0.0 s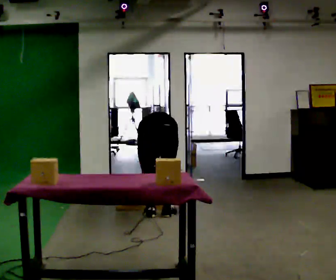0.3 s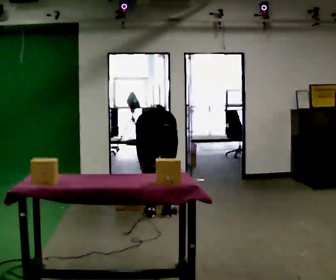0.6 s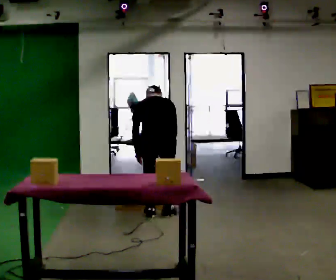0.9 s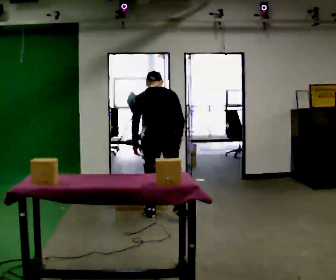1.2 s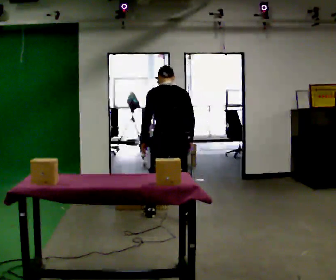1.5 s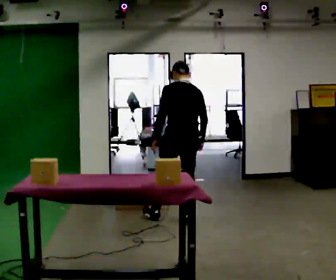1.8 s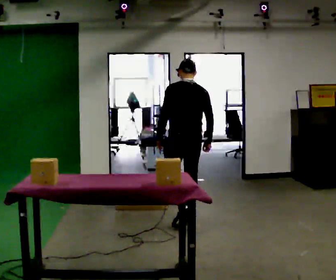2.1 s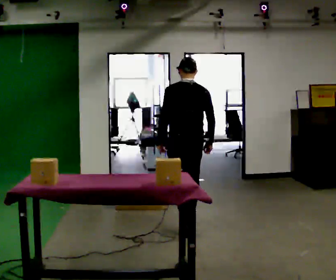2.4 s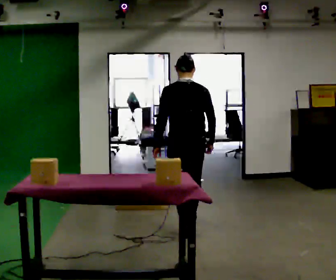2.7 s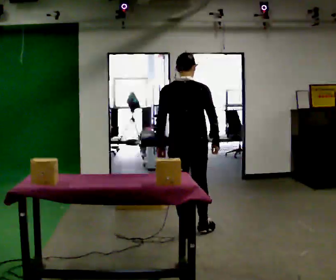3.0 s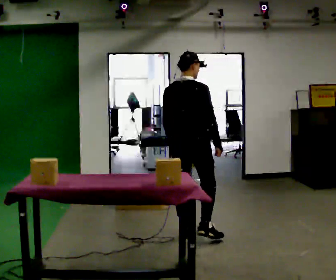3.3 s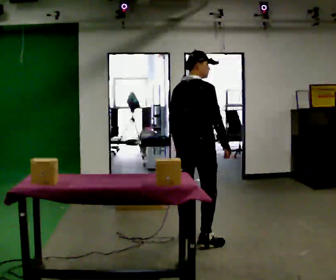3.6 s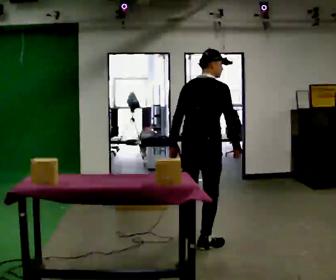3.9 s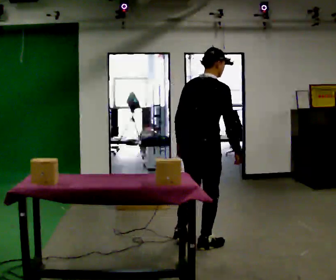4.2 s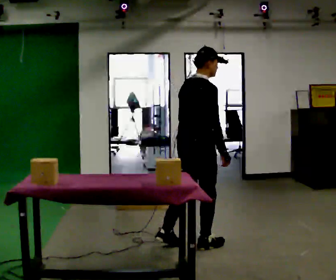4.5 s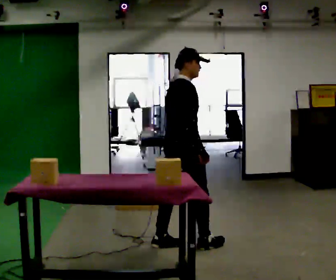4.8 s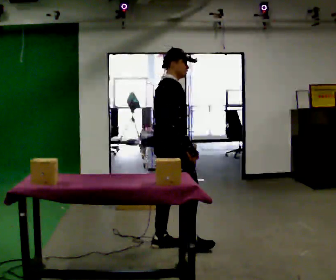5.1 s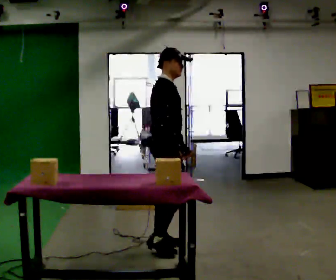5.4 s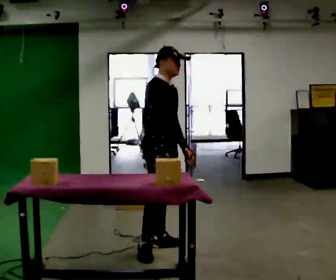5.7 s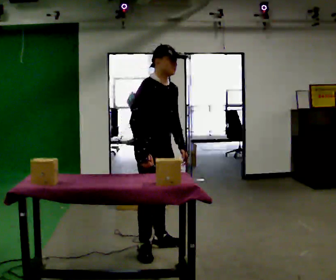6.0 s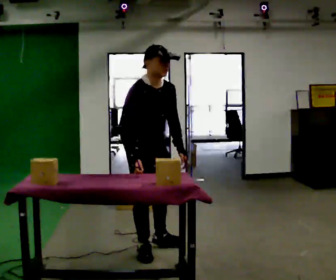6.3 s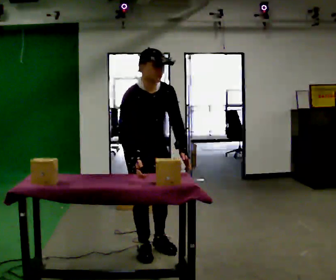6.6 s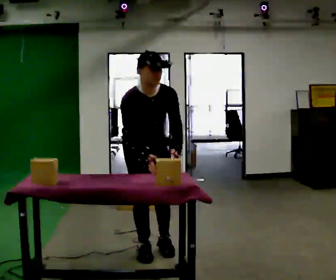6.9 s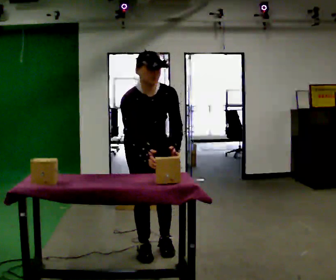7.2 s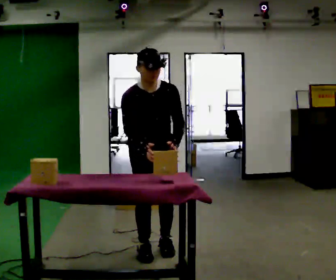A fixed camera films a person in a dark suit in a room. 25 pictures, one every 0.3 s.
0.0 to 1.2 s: The upper body goes upward. The upper body tips toward the camera, its near side rolling downward, as they lean back or straighten. In the picture their left hand goes upward.
1.2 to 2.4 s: In the picture they go toward the camera, about 0.5 m in 2 steps, which for them is backward.
2.4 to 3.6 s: The person turns about 45 degrees to their right, clockwise seen from above, so the part of the body nearest the lens slides to the left. In the picture they go toward the camera, about 0.5 m, which for them is backward and to their right.
3.6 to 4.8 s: The person turns about 45 degrees to their right, clockwise seen from above, so the part of the body nearest the lens slides to the left. In the picture they go to the left, about 0.25 m in 2 steps, which for them is backward and to their left.
4.8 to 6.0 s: Seen from above the body turns clockwise, about 60 degrees: to their right, with its near side sliding to the left. In the picture they go toward the camera and to the left, about 0.25 m, which for them is to their right and backward. The upper body tips toward the camera, its near side rolling downward, as they bend forward.
6.0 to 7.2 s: Seen from above the body turns clockwise, about 30 degrees: to their right, with its near side sliding to the left.
The film runs backward here.
